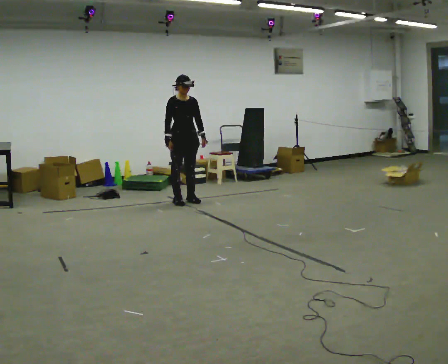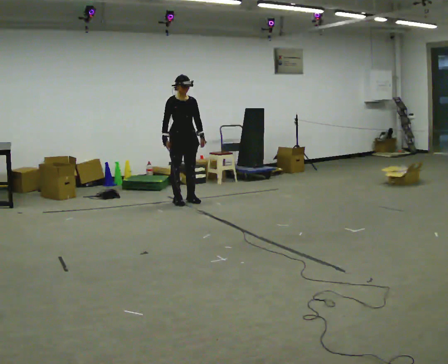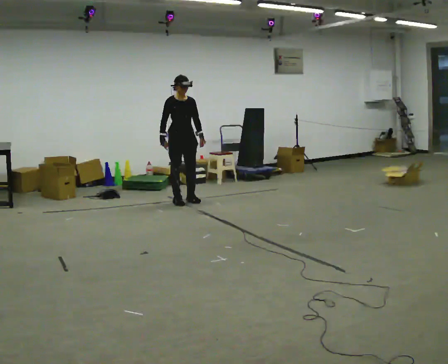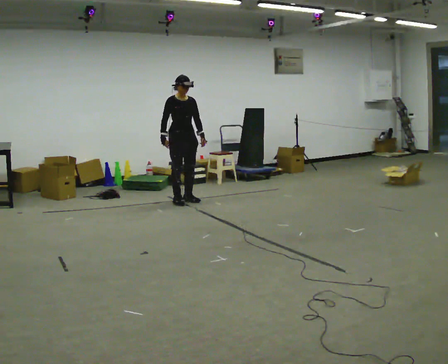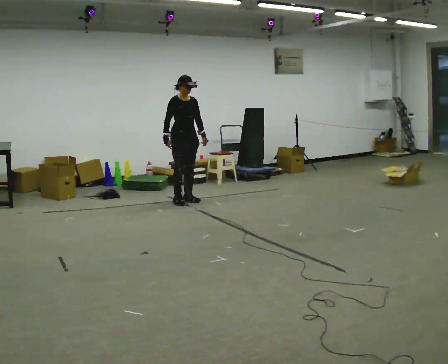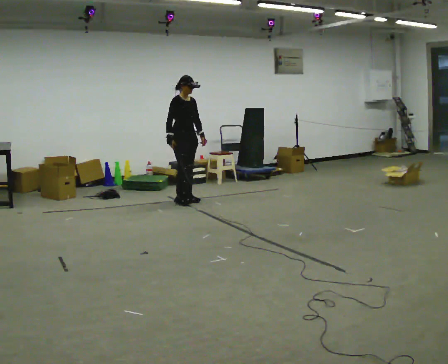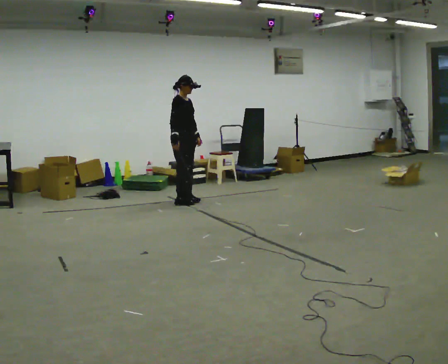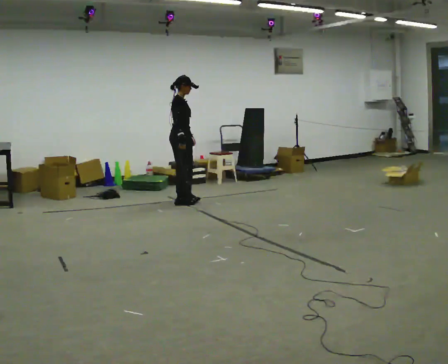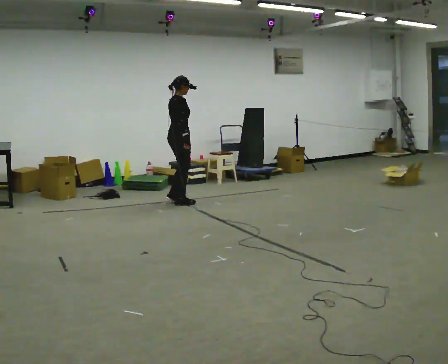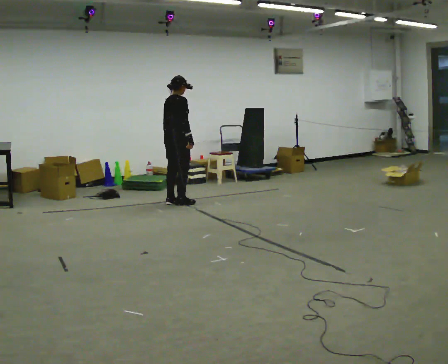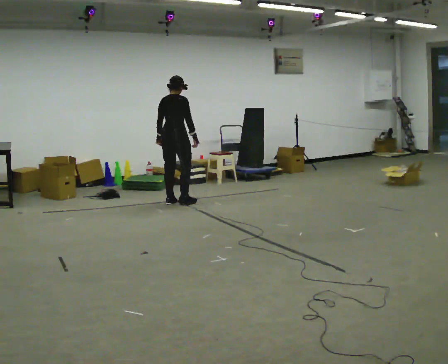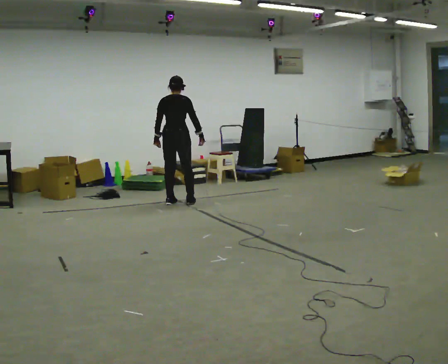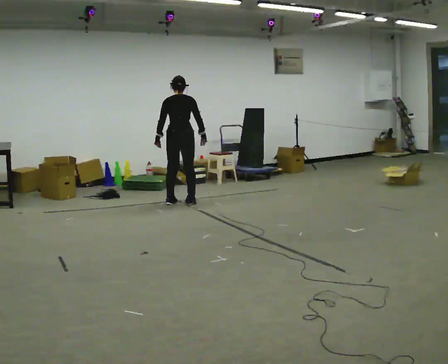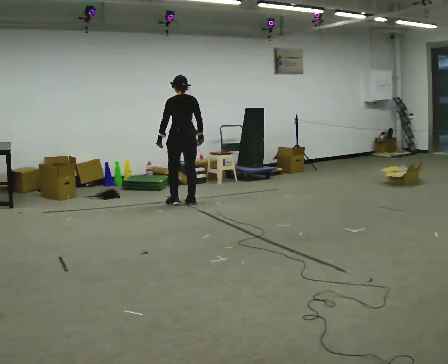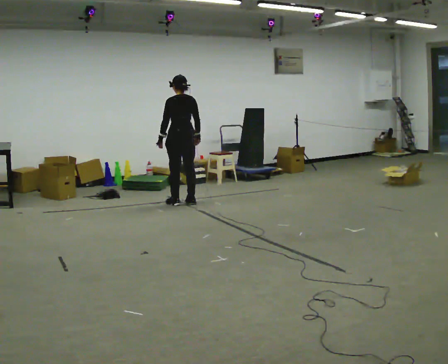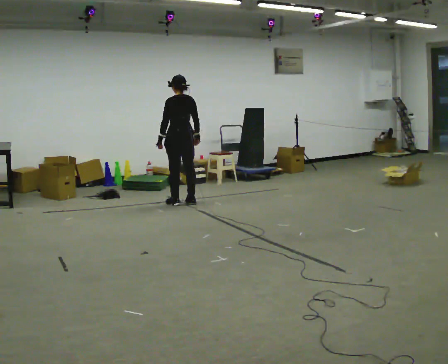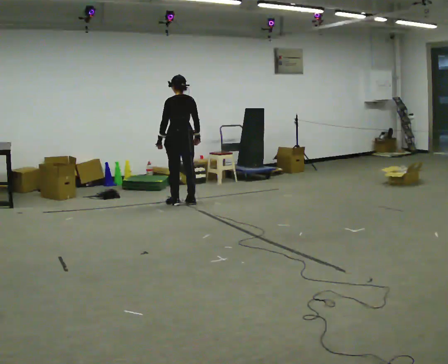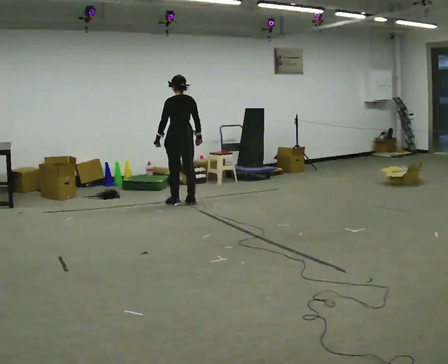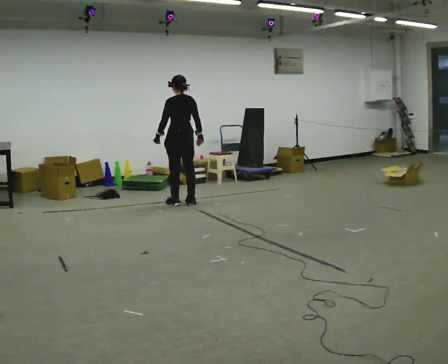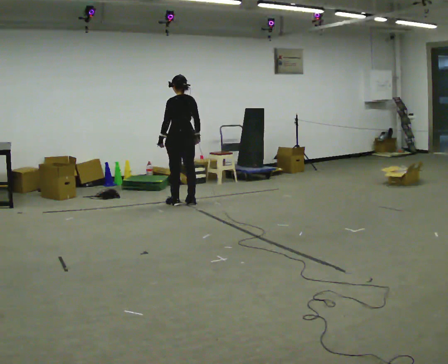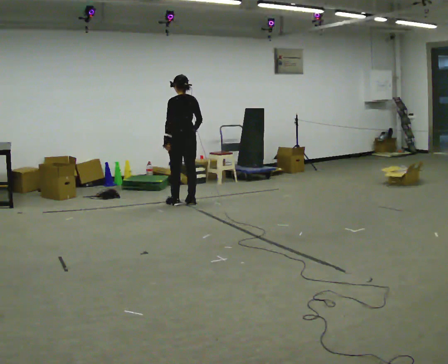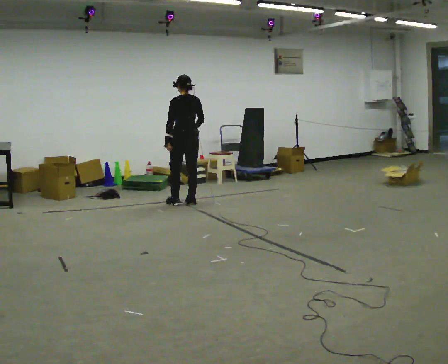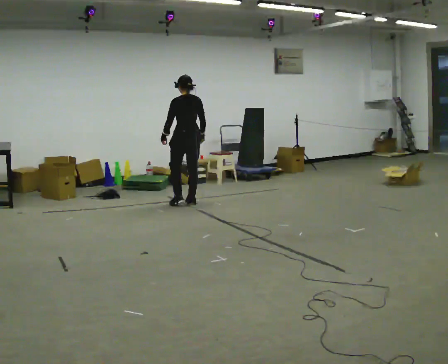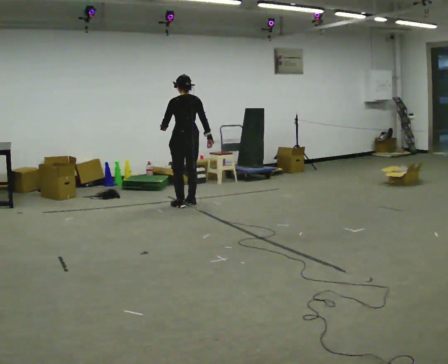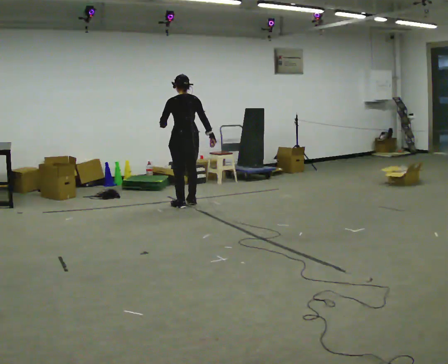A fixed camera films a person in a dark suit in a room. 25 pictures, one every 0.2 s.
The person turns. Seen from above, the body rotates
counterclockwise.
The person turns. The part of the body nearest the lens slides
to the right.
0.0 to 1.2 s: The part of the body nearest the lens slides to the right as the person turns to their left by about 30 degrees.
1.2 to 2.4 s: Seen from above the body turns counterclockwise, about 120 degrees: to their left, with its near side sliding to the right. In the picture their right hand goes to the right, the arm swinging counterclockwise.
2.4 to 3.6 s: The part of the body nearest the lens slides to the right as the person turns to their left by about 30 degrees.
3.6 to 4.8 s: In the picture they go toward the camera, about 0.25 m in 1 step, which for them is backward.
The film runs backward here.
